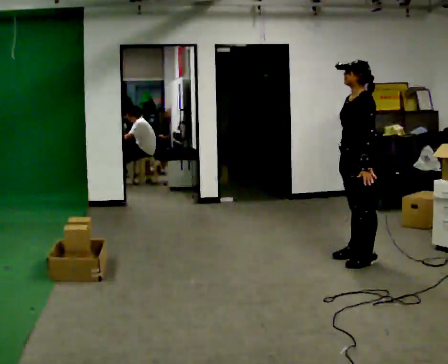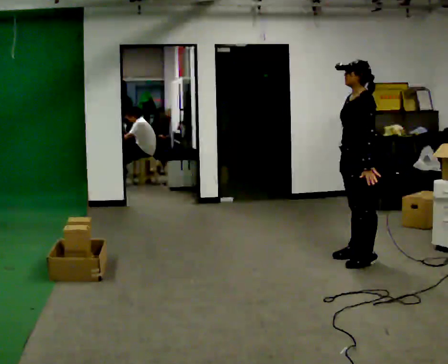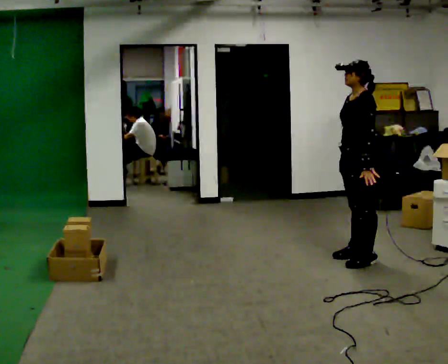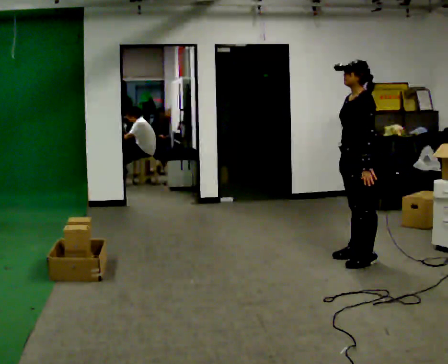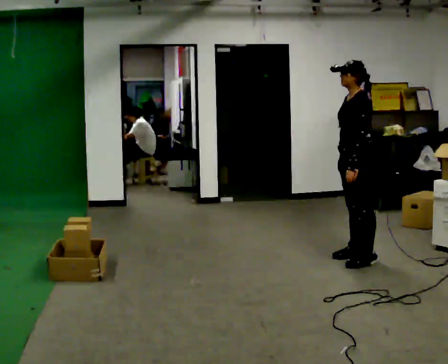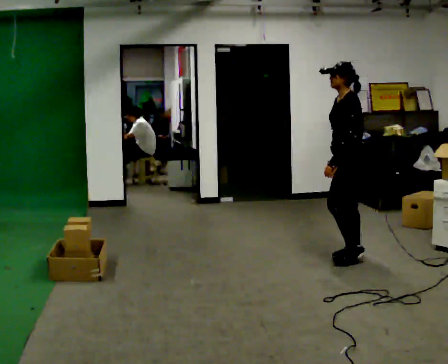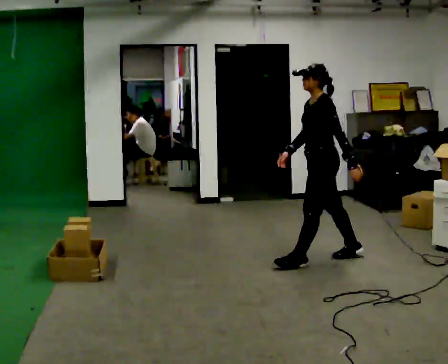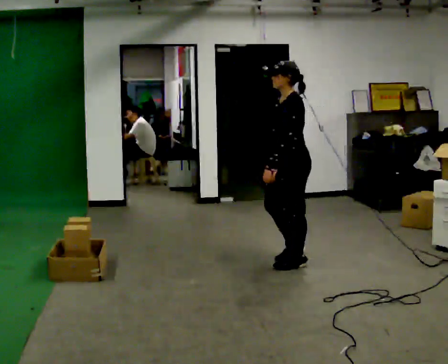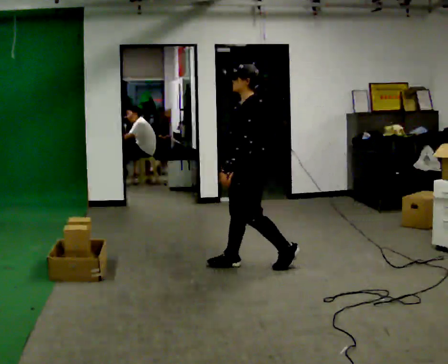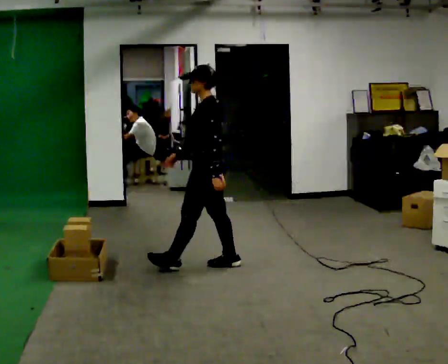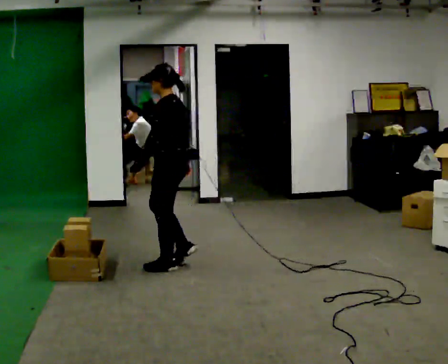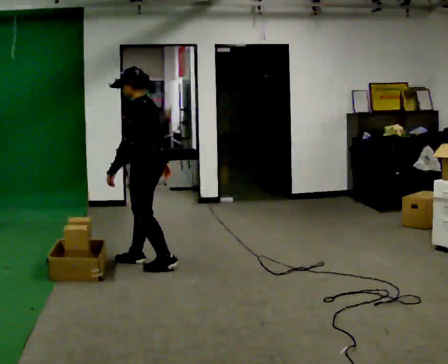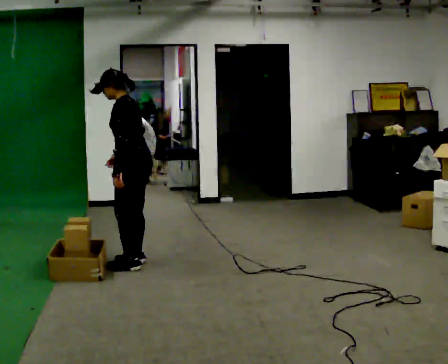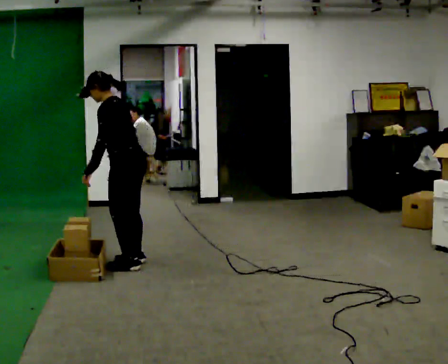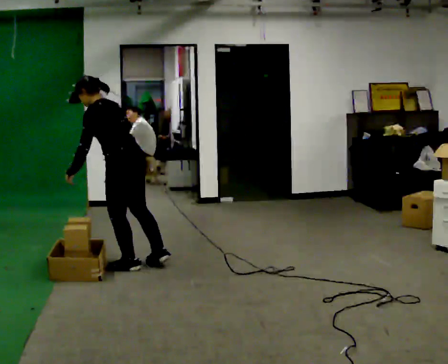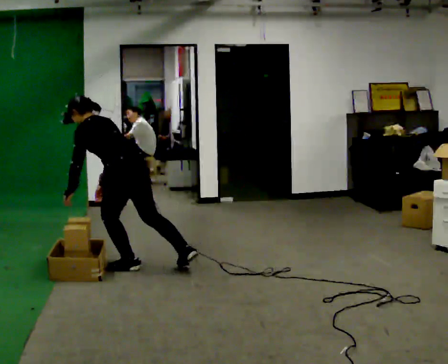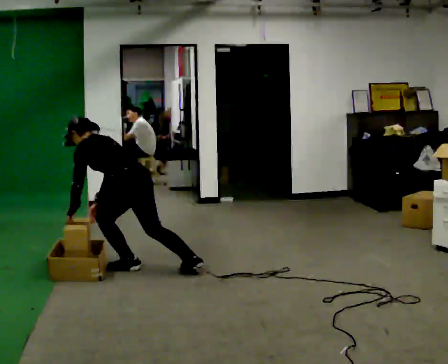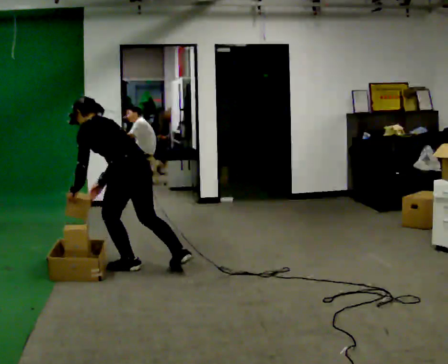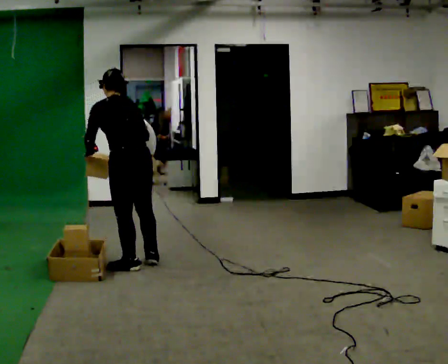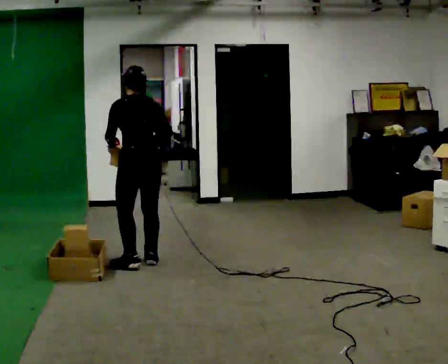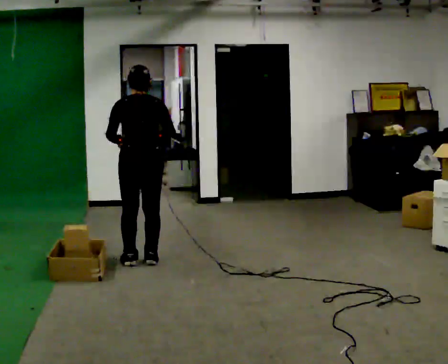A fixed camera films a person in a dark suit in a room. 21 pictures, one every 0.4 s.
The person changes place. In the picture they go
to the left.
0.0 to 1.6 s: The person moves a little, or ends about where they began.
1.6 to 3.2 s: In the picture they go to the left, about 1 m in 2 steps, which for them is forward.
3.2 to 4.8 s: In the picture they go to the left, about 1 m in 3 steps, which for them is forward.
4.8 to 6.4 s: In the picture they go toward the camera, about 0.25 m in 1 step, which for them is to their left. The shoulders move downward. In the picture the upper body tilts counterclockwise, shoulders to the left, as they bend forward. In the picture their left hand goes to the left and downward.
6.4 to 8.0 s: The part of the body nearest the lens slides to the left as the person turns to their right by about 45 degrees. In the picture they go away from the camera, about 0.25 m in 1 step, which for them is to their right and forward. The upper body goes upward. In the picture the upper body tilts clockwise, shoulders to the right, as they lean back or straighten. In the picture their left hand goes upward and to the right.
The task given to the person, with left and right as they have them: Take the objects from the bin one at a time and put one in each of the places the operator points out. Keep going until the operator says stop; one object at a time, and do not rush between trips.
The film runs forward here.
